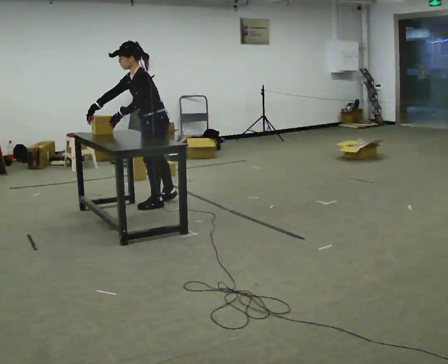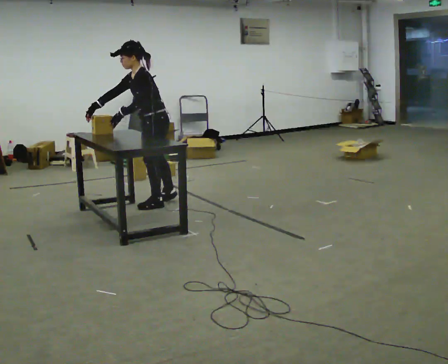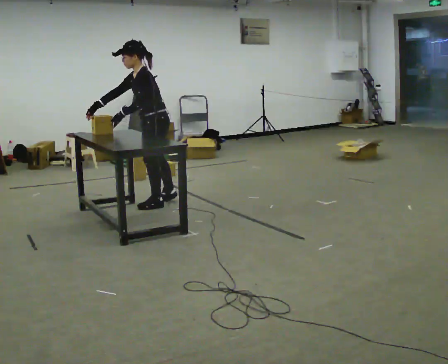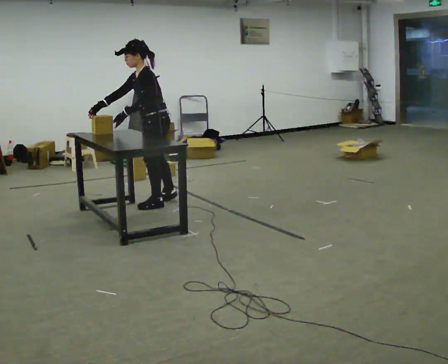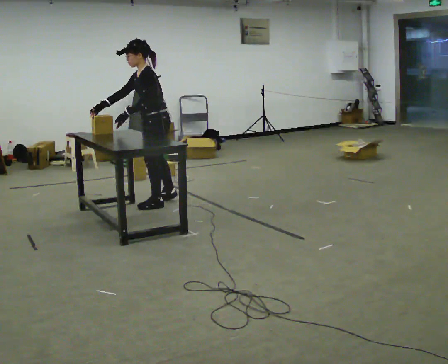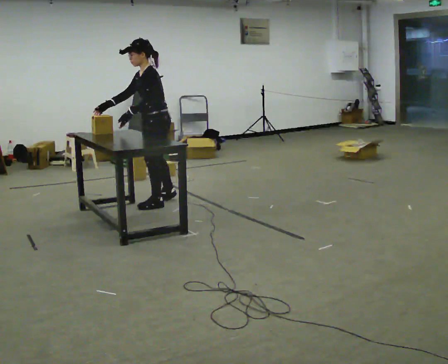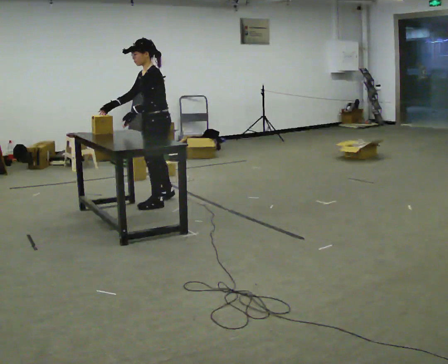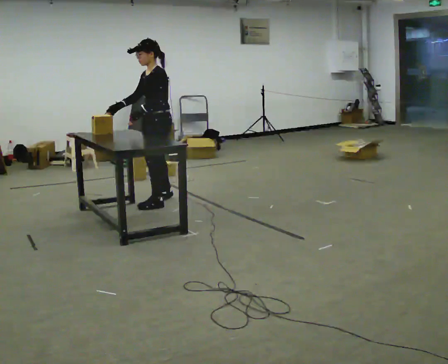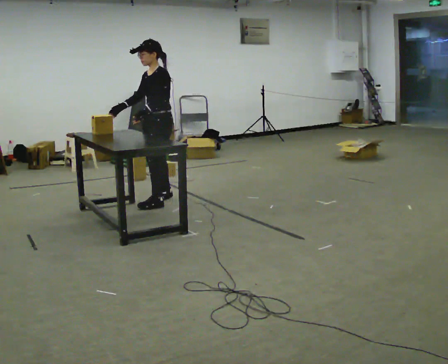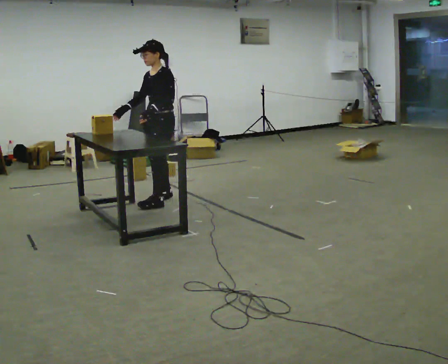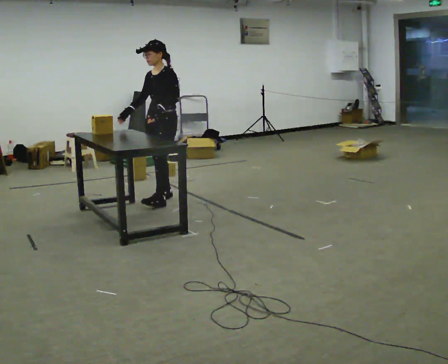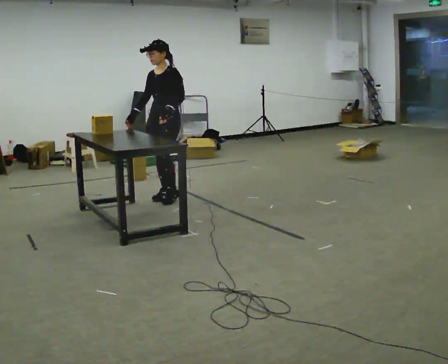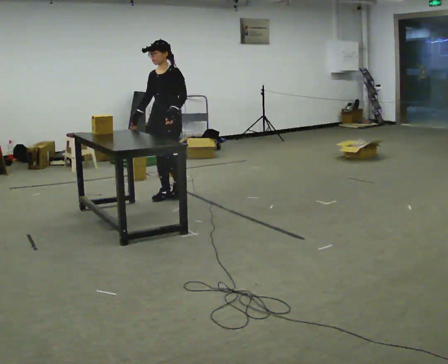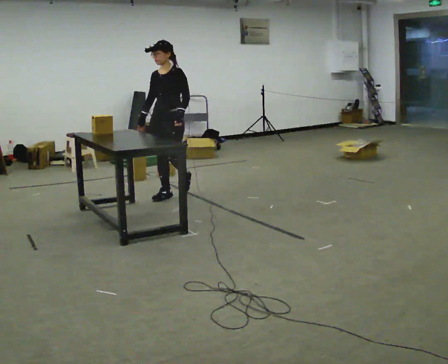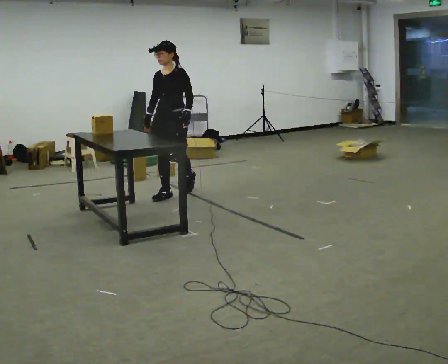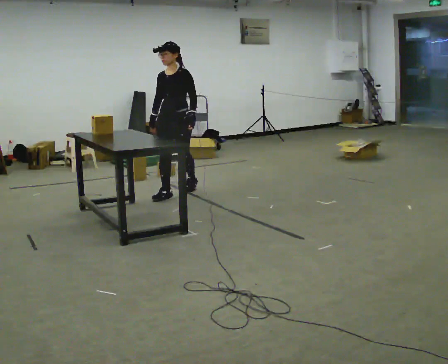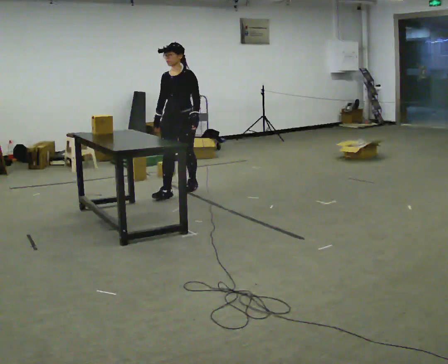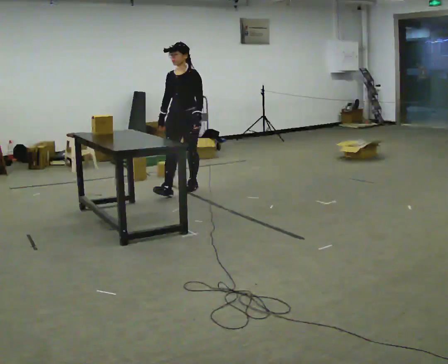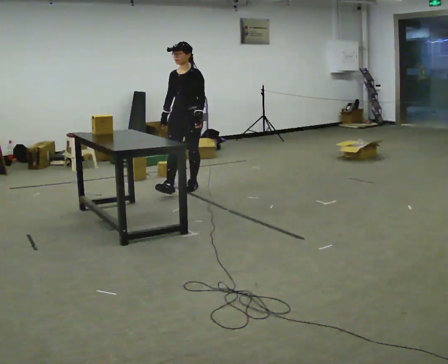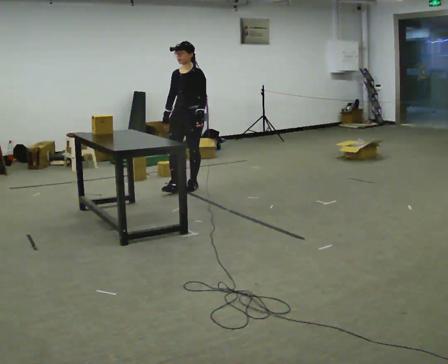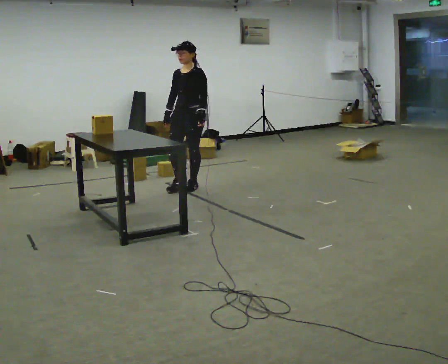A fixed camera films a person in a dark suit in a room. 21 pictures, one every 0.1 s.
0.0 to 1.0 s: The part of the body nearest the lens slides to the right as the person turns to their left by about 30 degrees. In the picture they go away from the camera, about 0.25 m in 1 step, which for them is to their right. In the picture the upper body tilts clockwise, shoulders to the right, as they lean back or straighten.
1.0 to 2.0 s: In the picture they go away from the camera and to the right, about 0.5 m in 1 step, which for them is backward.
The film runs backward here.
